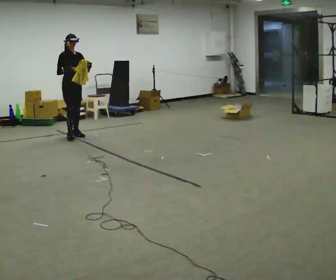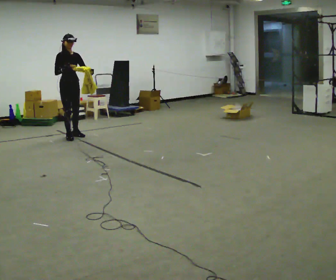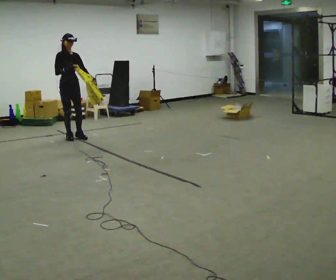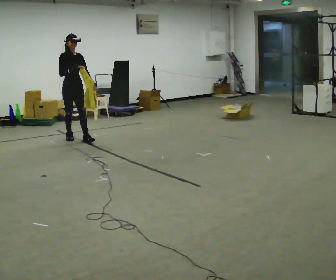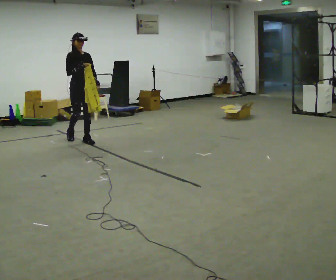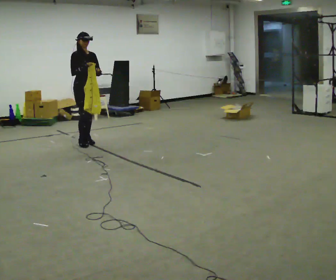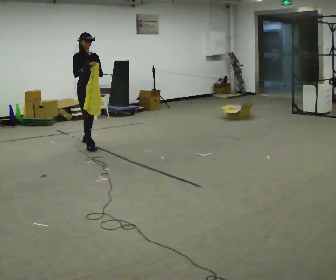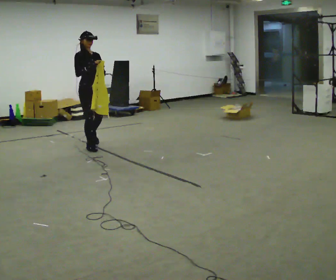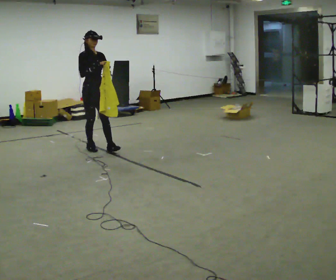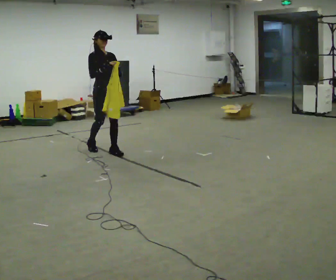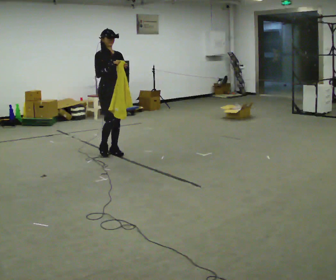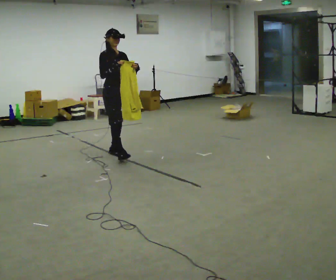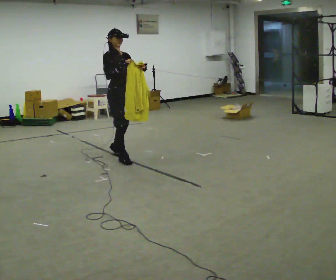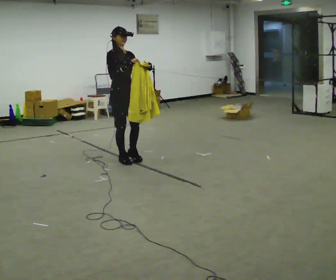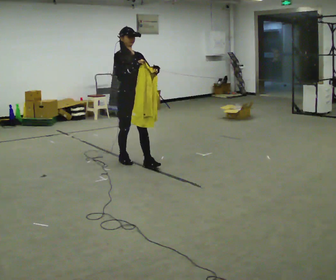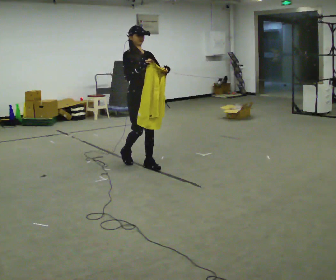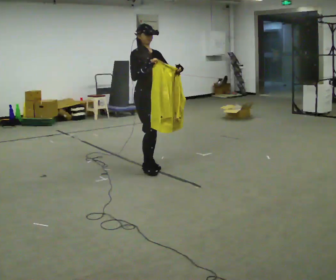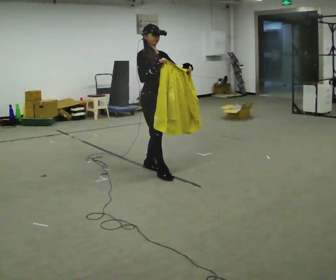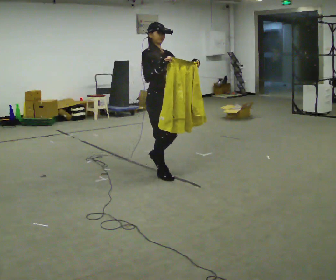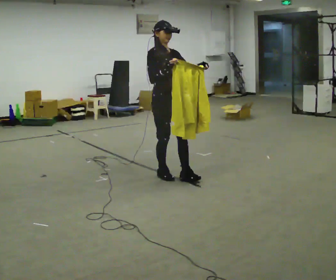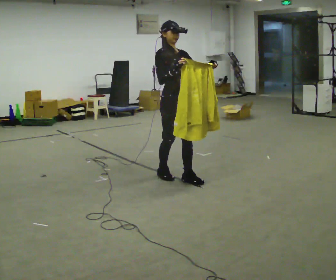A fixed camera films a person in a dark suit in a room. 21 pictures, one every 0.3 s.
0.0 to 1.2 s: In the picture they go toward the camera and to the right, about 0.5 m in 2 steps, which for them is forward.
1.2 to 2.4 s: In the picture they go toward the camera and to the right, about 0.5 m in 1 step, which for them is forward.
2.4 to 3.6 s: In the picture they go toward the camera and to the right, about 0.5 m in 2 steps, which for them is forward.
3.6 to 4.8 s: In the picture they go toward the camera and to the right, about 0.5 m in 1 step, which for them is forward.
4.8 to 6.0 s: In the picture they go toward the camera and to the right, about 0.5 m in 2 steps, which for them is forward.
The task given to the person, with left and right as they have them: Carry the cloth and, while walking, fold it in half, then unfold it. Keep repeating as you walk. Do not stop.
The film runs forward here.
